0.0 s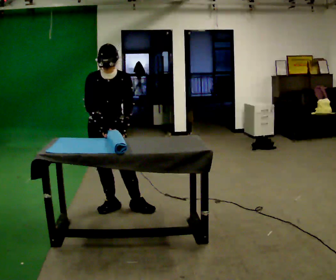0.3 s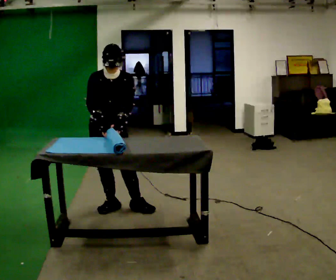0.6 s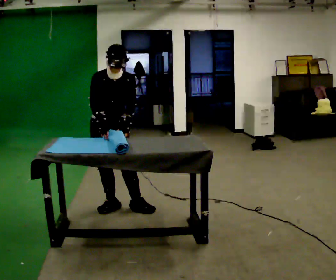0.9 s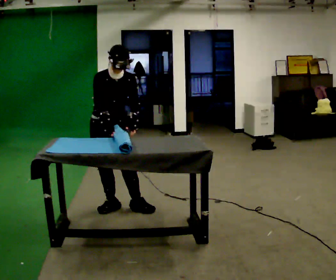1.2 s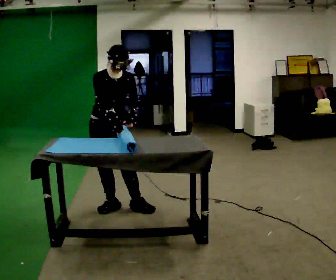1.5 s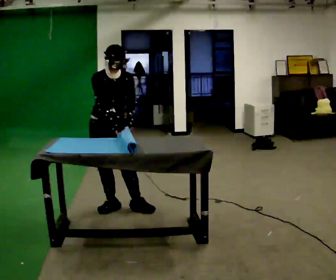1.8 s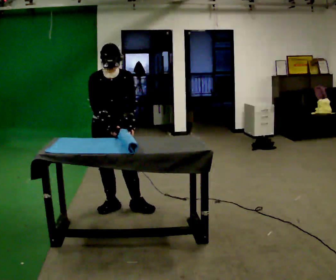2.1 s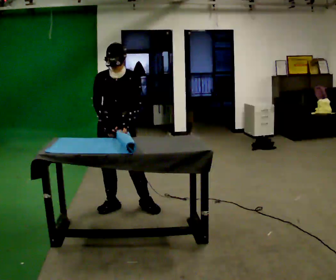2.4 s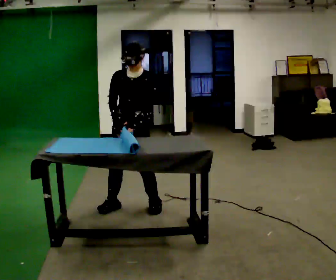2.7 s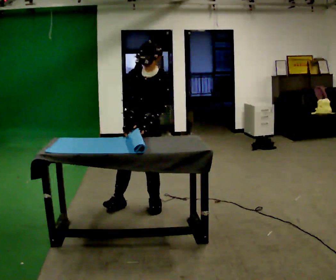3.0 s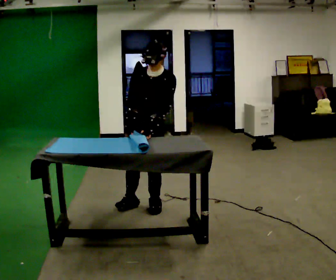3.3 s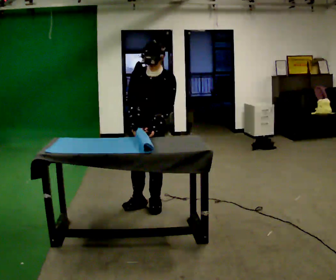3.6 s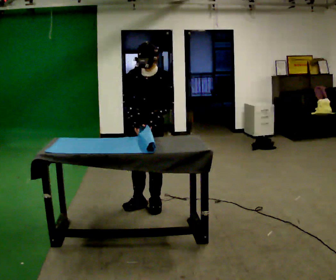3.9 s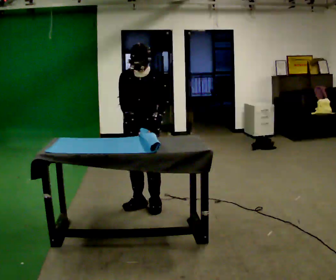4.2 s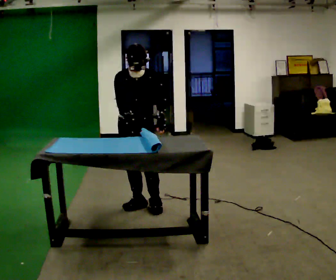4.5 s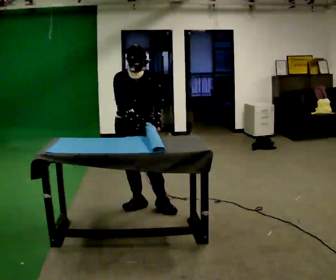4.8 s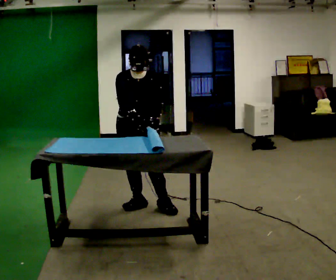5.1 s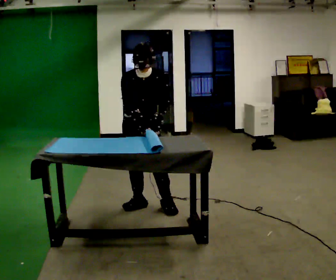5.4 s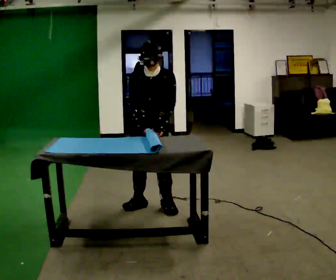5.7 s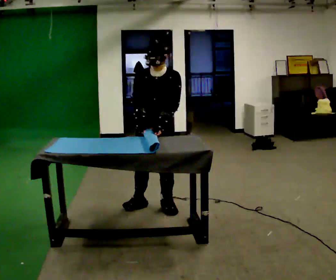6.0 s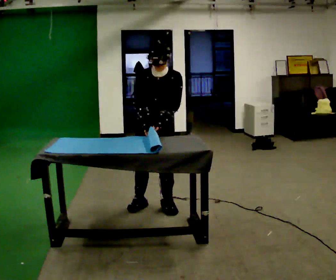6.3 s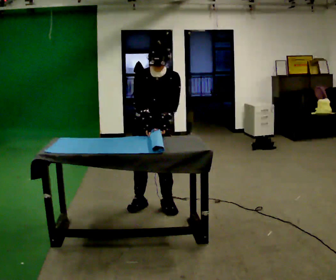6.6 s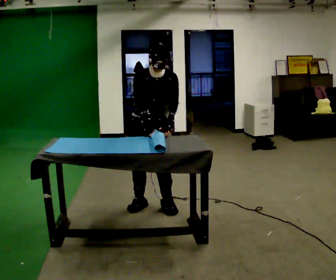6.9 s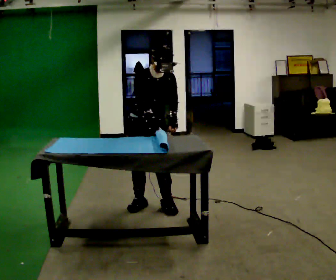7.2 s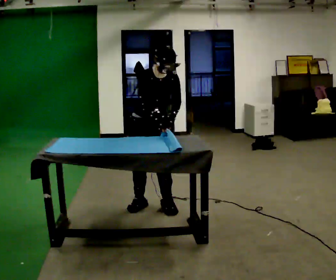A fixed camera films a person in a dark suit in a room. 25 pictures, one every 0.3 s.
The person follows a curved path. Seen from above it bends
clockwise.
0.0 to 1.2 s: The person moves a little, or ends about where they began.
1.2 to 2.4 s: The part of the body nearest the lens slides to the left as the person turns to their right by about 30 degrees. In the picture they go to the right, about 0.25 m in 1 step, which for them is to their left.
2.4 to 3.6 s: In the picture they go to the right, about 0.25 m in 1 step, which for them is to their left.
3.6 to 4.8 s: The person moves a little, or ends about where they began.
4.8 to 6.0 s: In the picture they go to the right, about 0.25 m, which for them is to their left.
6.0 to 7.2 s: The person turns about 30 degrees to their left, counterclockwise seen from above, so the part of the body nearest the lens slides to the right.
The film runs backward here.
